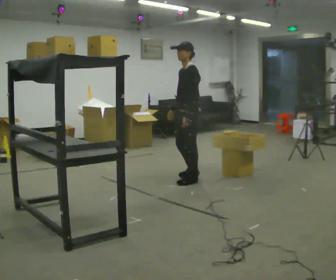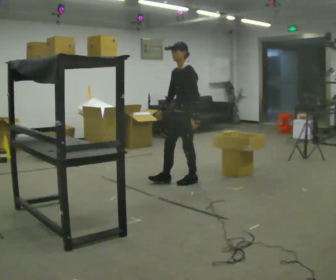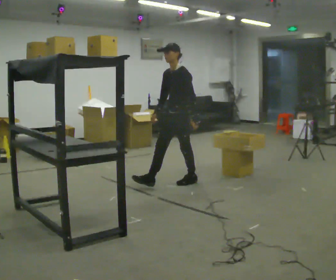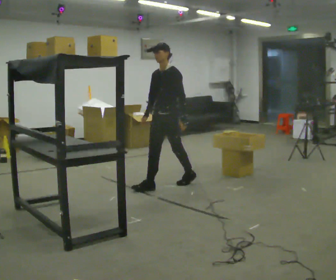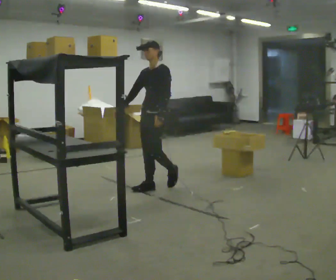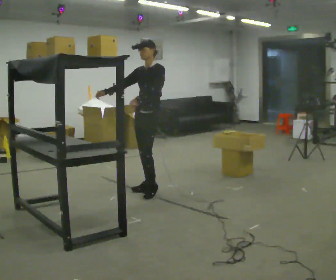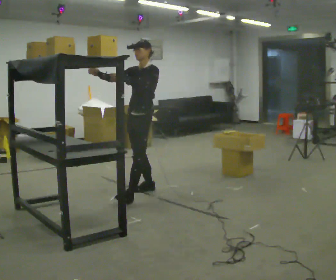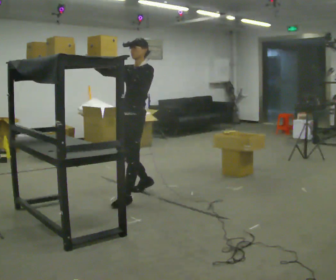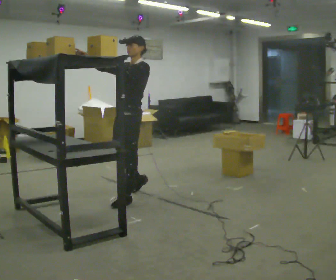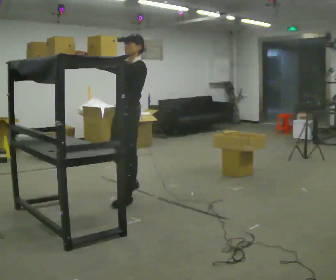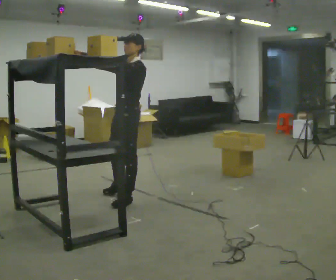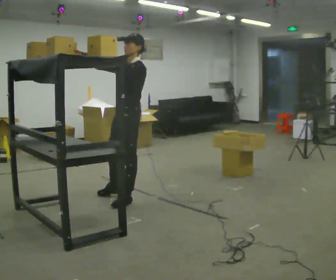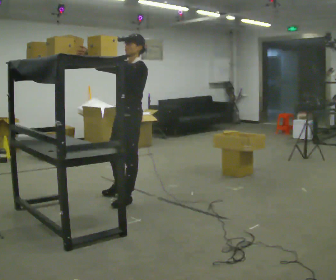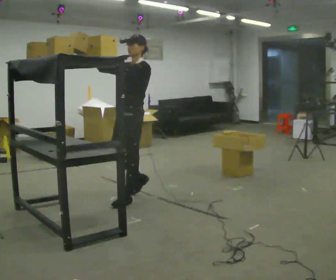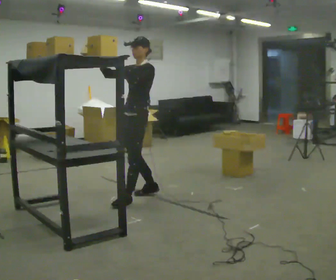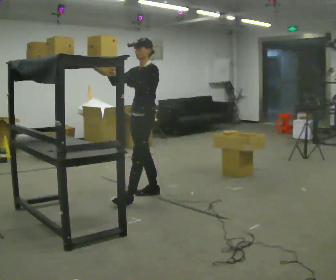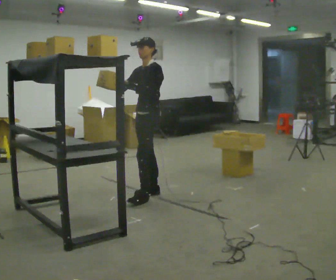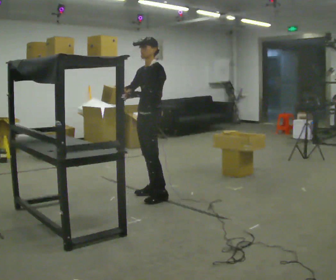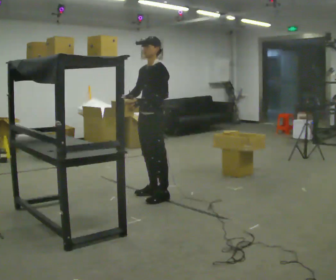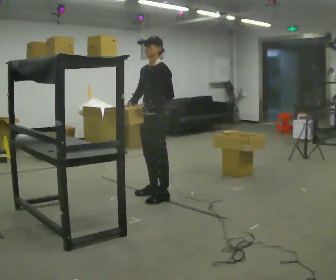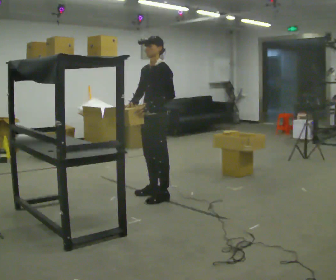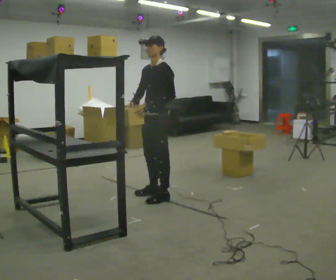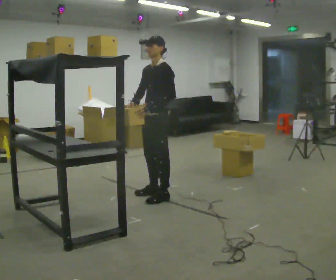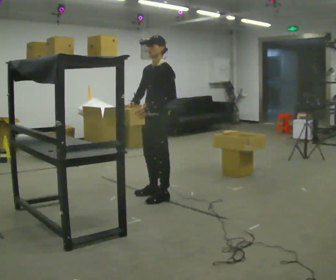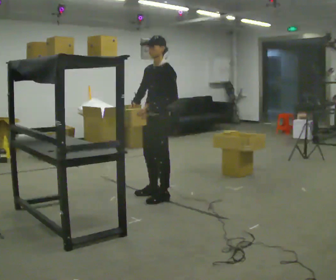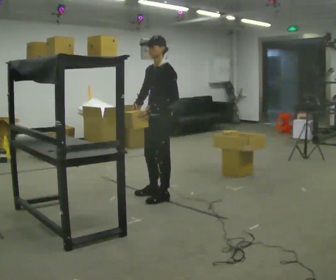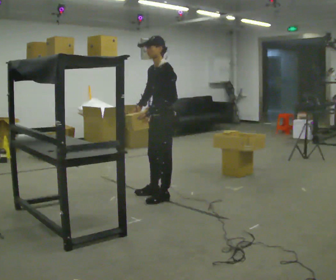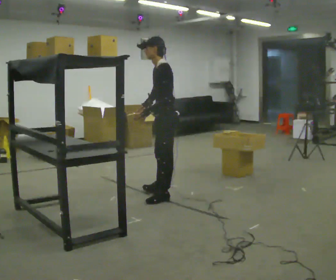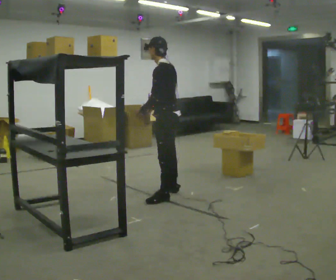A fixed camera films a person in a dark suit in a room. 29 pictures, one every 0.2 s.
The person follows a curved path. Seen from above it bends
counterclockwise.
0.0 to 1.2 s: Seen from above the body turns counterclockwise, about 30 degrees: to their left, with its near side sliding to the right. In the picture they go to the left and toward the camera, about 0.5 m in 1 step, which for them is forward. In the picture their right hand goes upward, the arm swinging clockwise.
1.2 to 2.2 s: In the picture they go toward the camera, about 0.25 m in 2 steps, which for them is forward and to their left.
2.2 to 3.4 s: In the picture they go away from the camera and to the right, about 0.25 m in 1 step, which for them is backward. In the picture their left hand goes downward.
3.4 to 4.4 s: The person moves a little, or ends about where they began.
4.4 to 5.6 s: The person turns about 60 degrees to their right, clockwise seen from above, so the part of the body nearest the lens slides to the left.
The film runs forward here.
